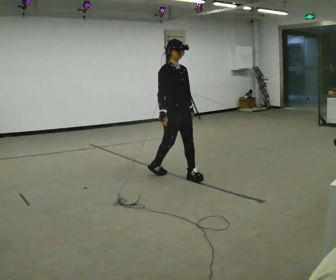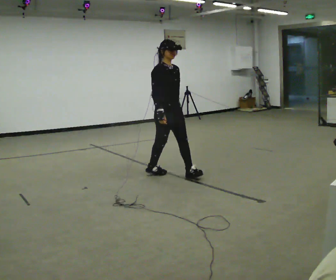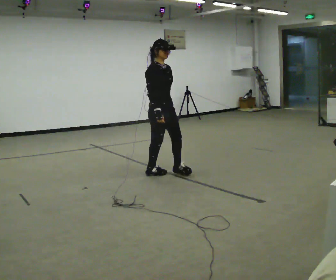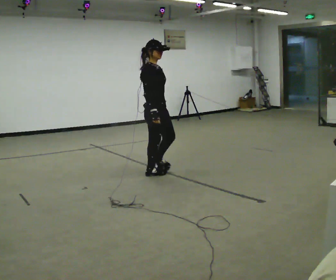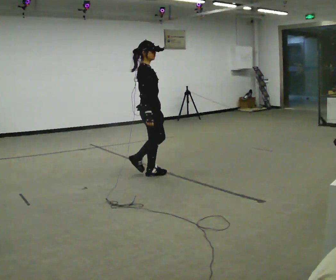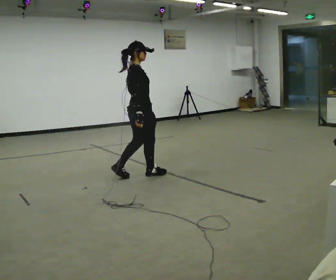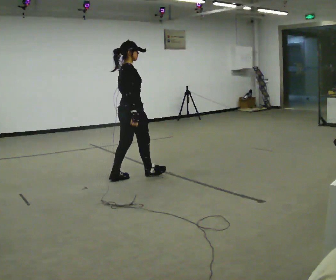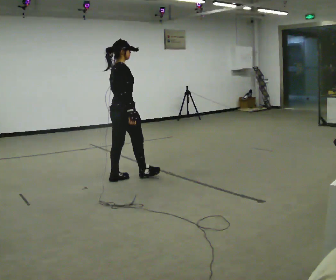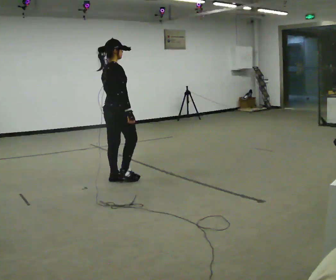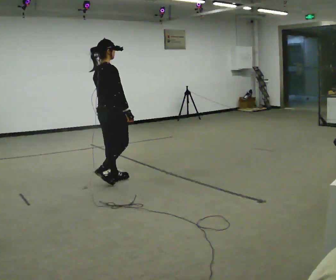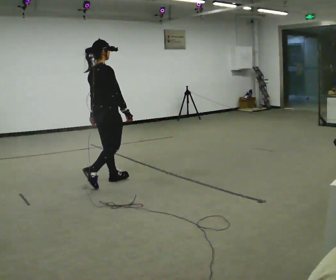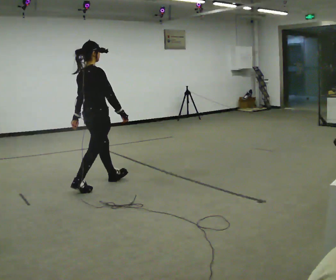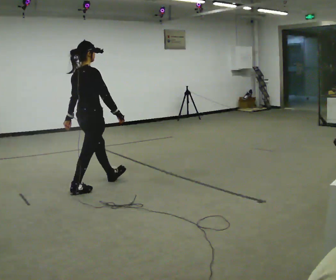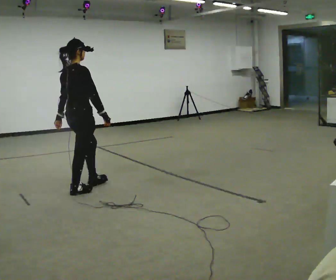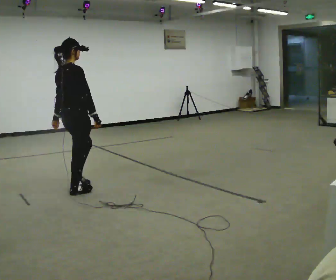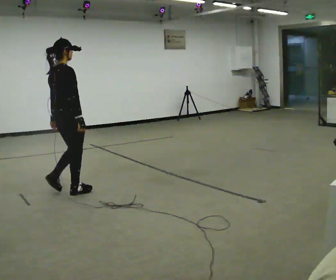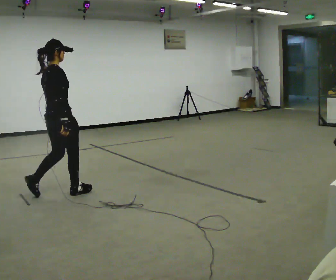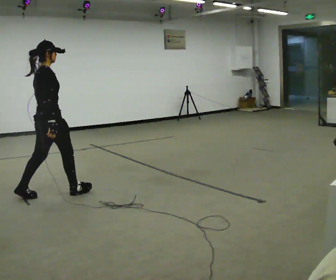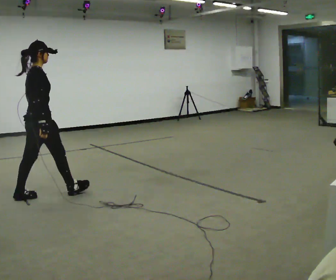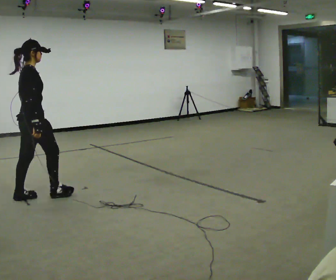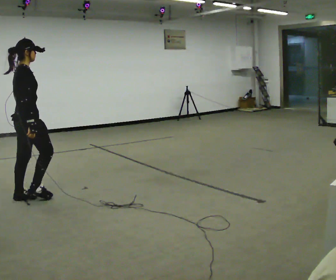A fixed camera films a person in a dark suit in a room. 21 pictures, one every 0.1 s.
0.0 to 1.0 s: Seen from above the body turns counterclockwise, about 90 degrees: to their left, with its near side sliding to the right. In the picture they go to the left, about 1 m in 2 steps.
1.0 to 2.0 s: In the picture they go to the left and toward the camera, about 1 m in 2 steps, which for them is backward.
The film runs backward here.
